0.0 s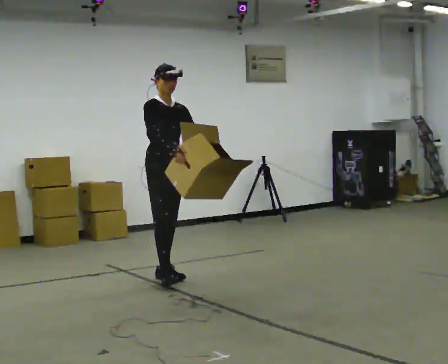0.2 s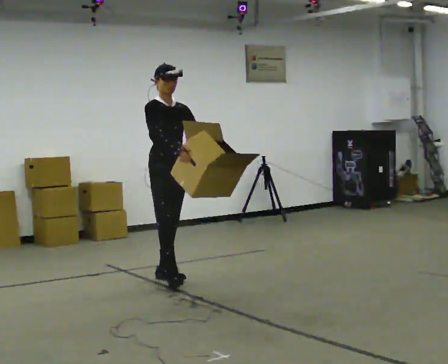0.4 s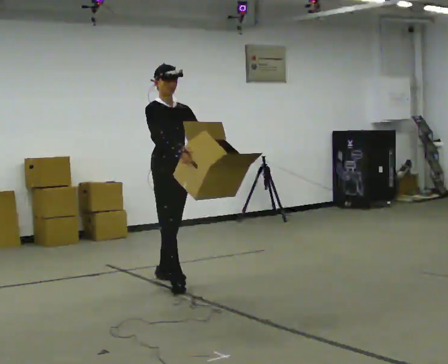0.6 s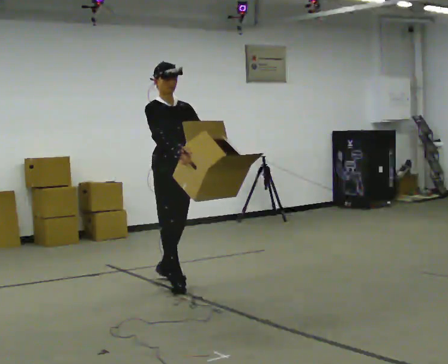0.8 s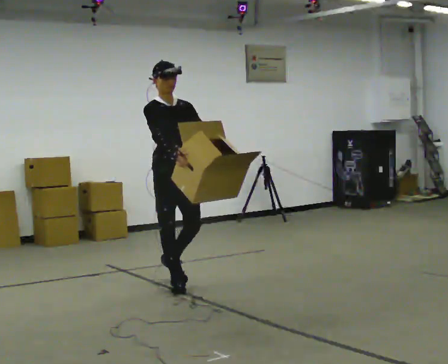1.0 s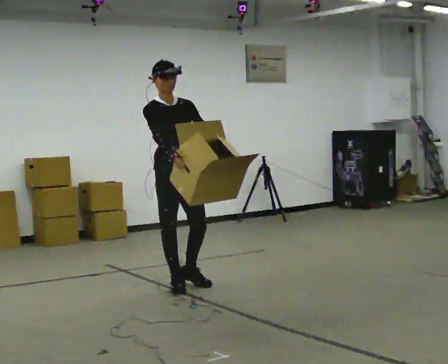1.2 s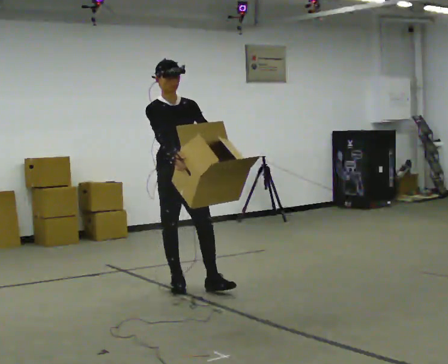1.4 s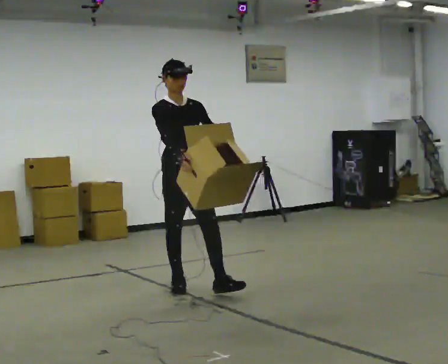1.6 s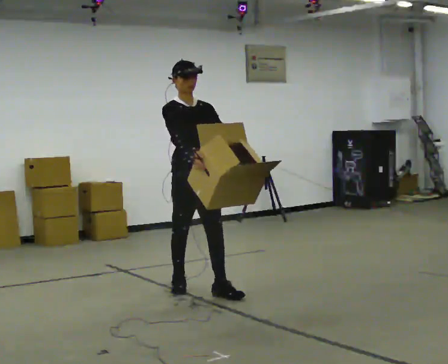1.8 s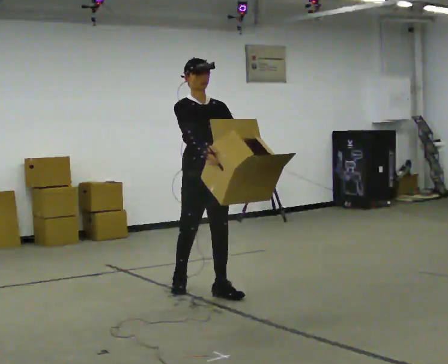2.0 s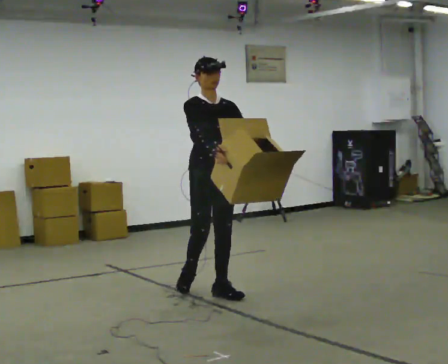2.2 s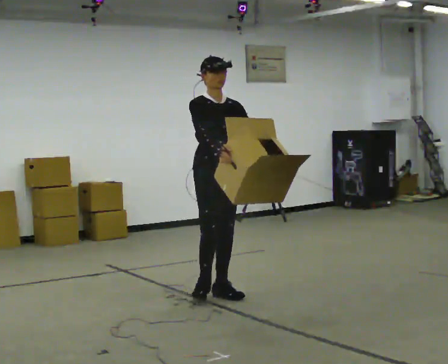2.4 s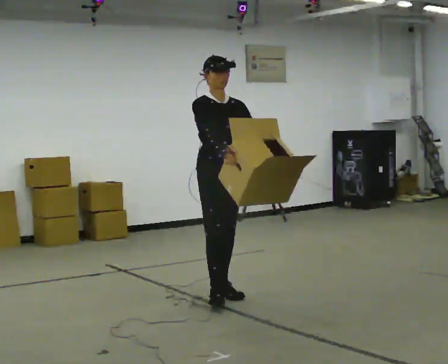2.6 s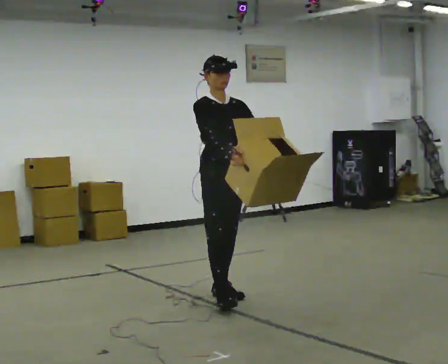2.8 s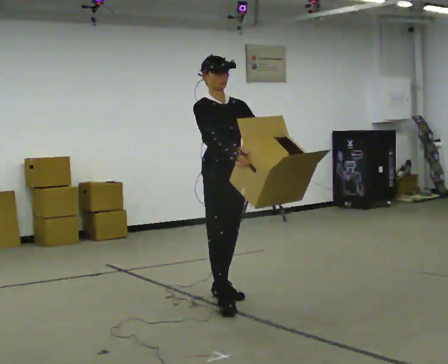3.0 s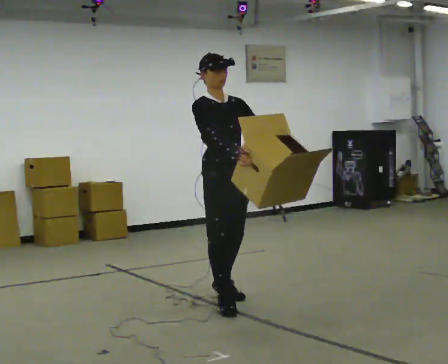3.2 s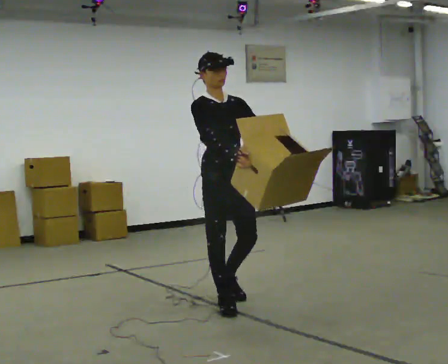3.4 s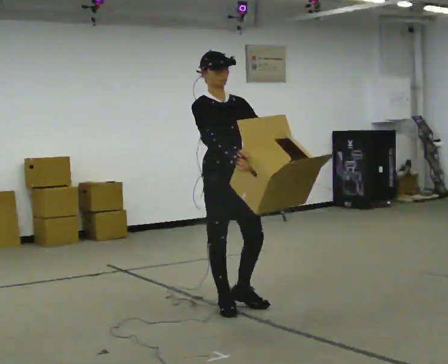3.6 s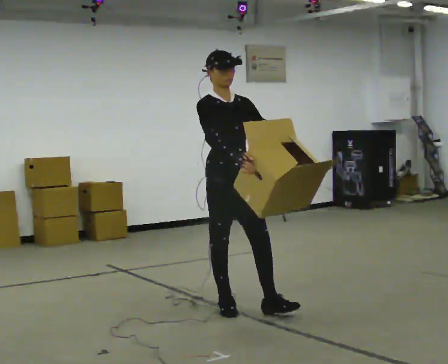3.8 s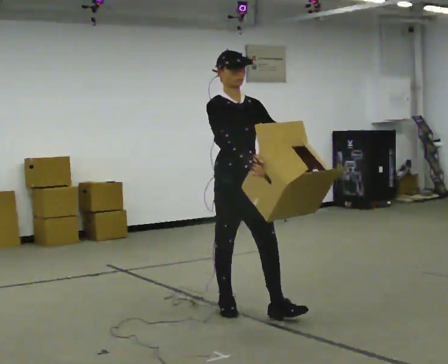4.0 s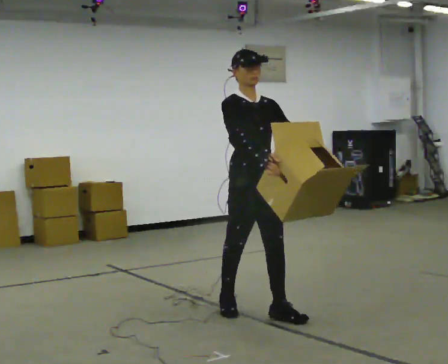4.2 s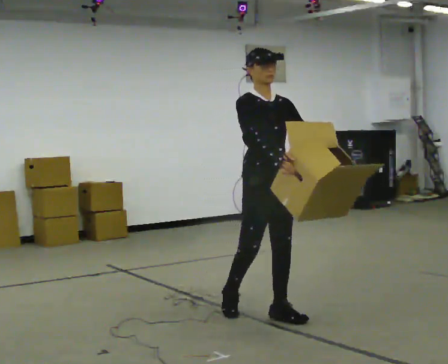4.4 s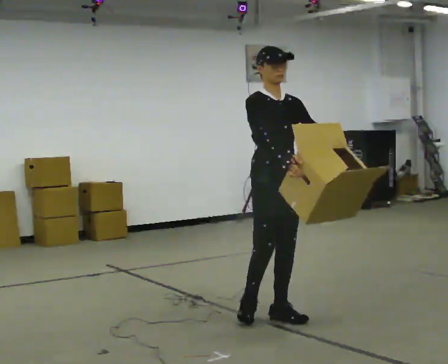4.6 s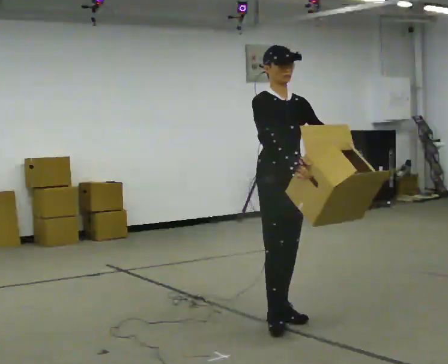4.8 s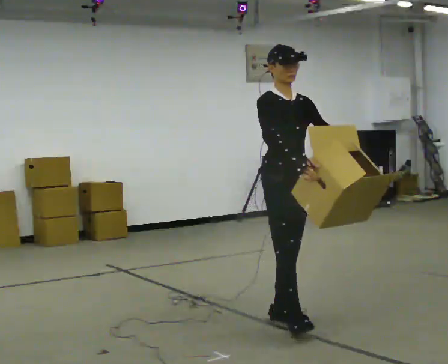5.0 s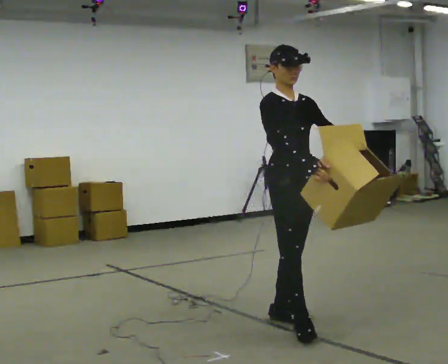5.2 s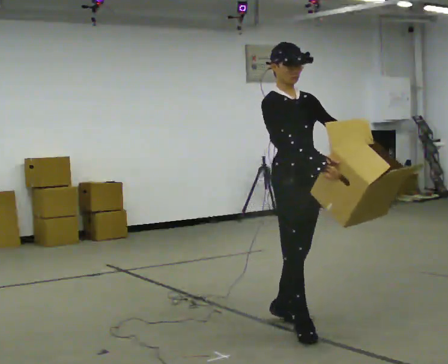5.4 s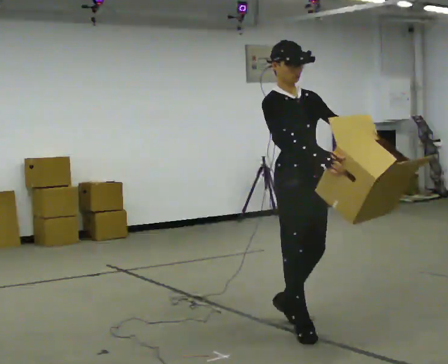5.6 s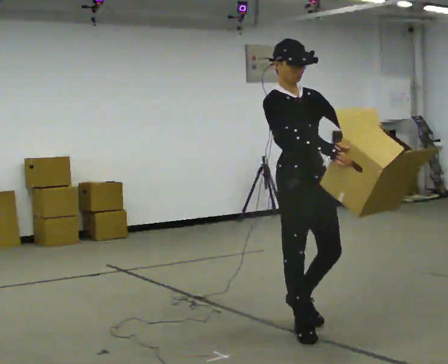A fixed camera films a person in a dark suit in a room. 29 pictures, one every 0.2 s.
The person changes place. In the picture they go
toward the camera.
0.0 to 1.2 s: In the picture they go toward the camera, about 0.5 m in 1 step, which for them is forward.
1.2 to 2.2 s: In the picture they go to the right and toward the camera, about 0.25 m in 1 step, which for them is forward and to their left.
2.2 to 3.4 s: In the picture they go toward the camera, about 0.5 m in 1 step, which for them is forward and to their right.
3.4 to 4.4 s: In the picture they go to the right and toward the camera, about 0.5 m in 1 step, which for them is forward.
4.4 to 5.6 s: In the picture they go toward the camera, about 0.5 m in 1 step, which for them is forward.
The film runs forward here.
